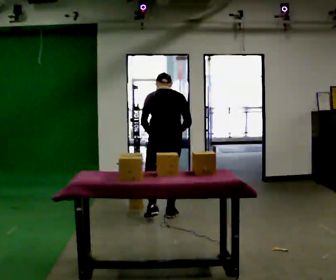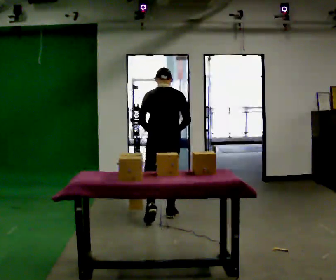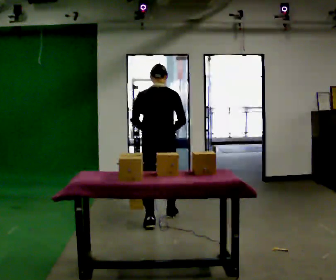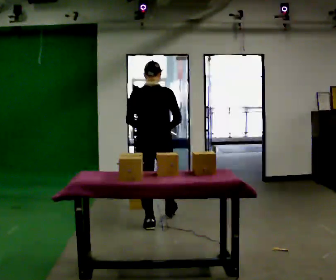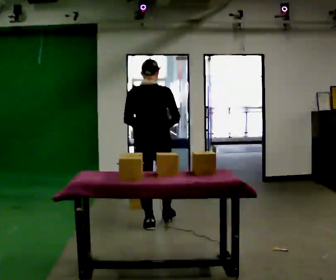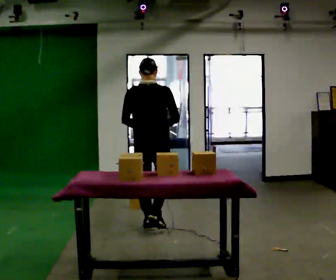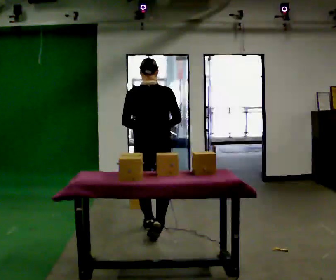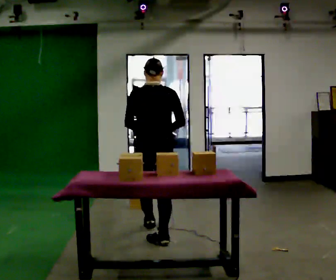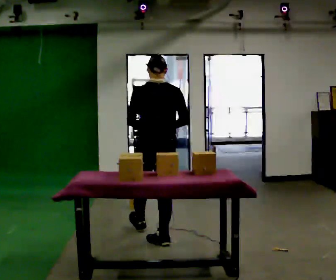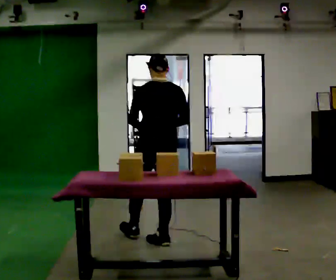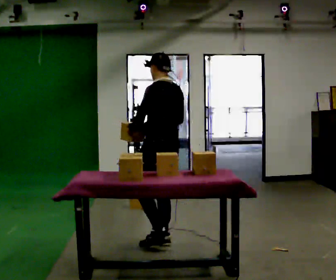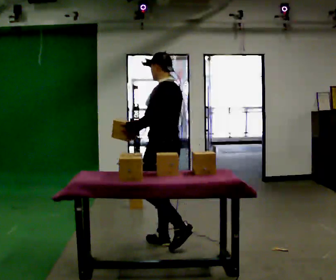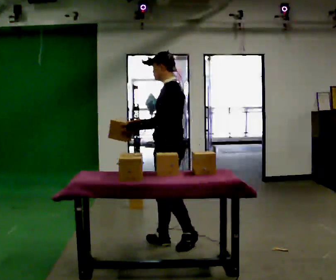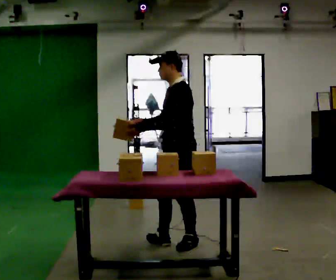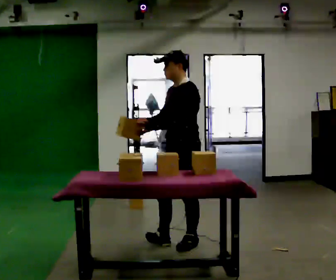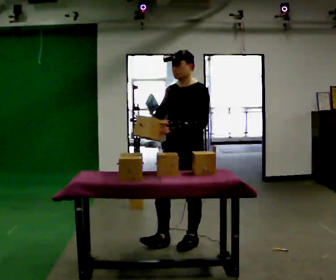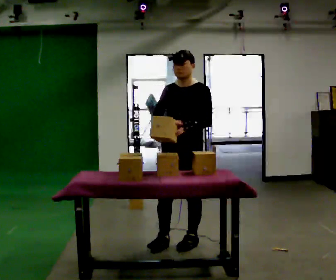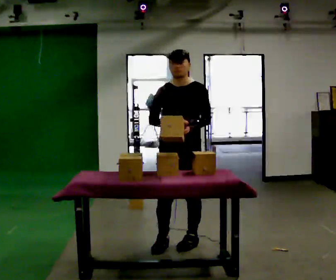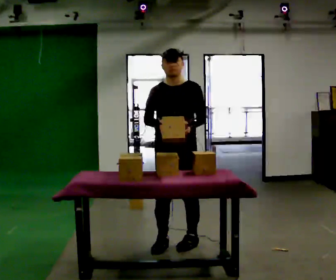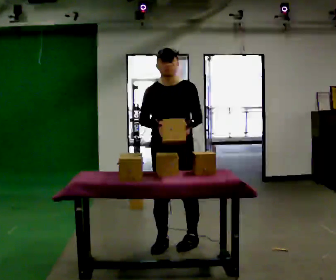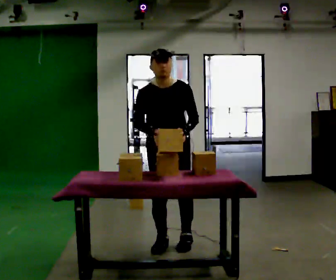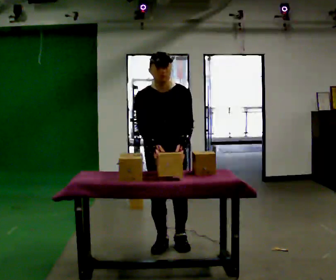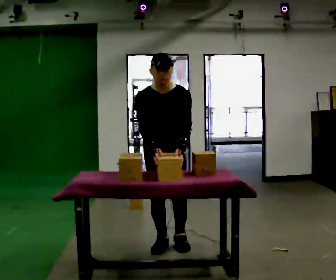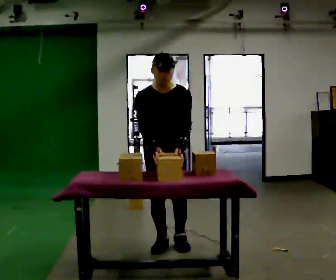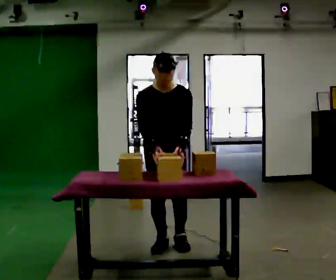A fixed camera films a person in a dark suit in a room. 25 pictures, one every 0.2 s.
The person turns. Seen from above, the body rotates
counterclockwise.
The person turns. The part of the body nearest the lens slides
to the right.
0.0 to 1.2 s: In the picture they go toward the camera, about 0.5 m in 1 step, which for them is backward. The upper body tips toward the camera, its near side rolling downward, as they lean back or straighten.
1.2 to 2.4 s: The part of the body nearest the lens slides to the right as the person turns to their left by about 90 degrees. In the picture they go toward the camera and to the right, about 0.5 m in 1 step.
2.4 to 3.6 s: The person turns about 90 degrees to their left, counterclockwise seen from above, so the part of the body nearest the lens slides to the right.
3.6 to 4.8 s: The upper body tips toward the camera, its near side rolling downward, as they bend forward.
The film runs backward here.
